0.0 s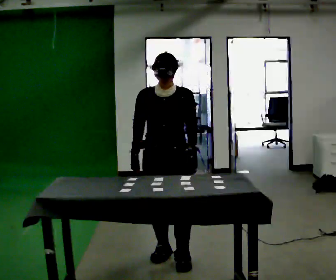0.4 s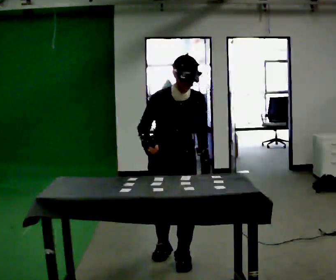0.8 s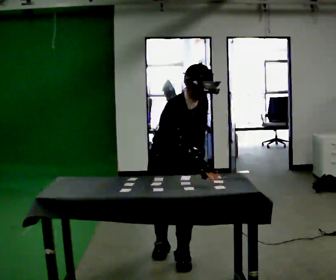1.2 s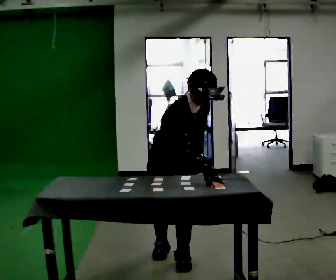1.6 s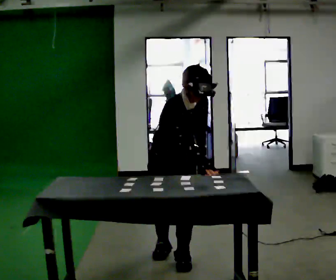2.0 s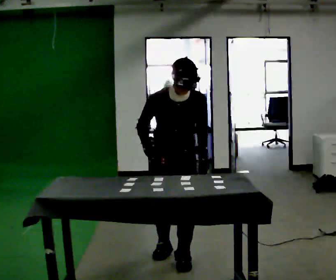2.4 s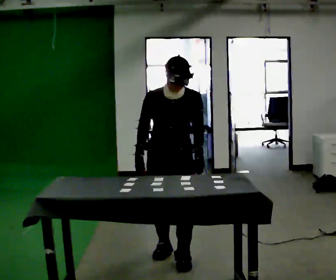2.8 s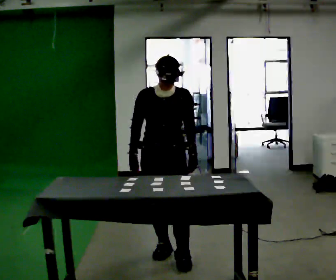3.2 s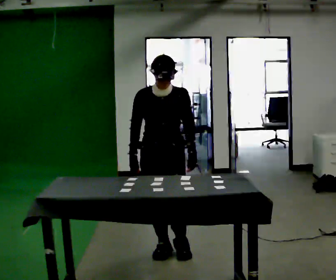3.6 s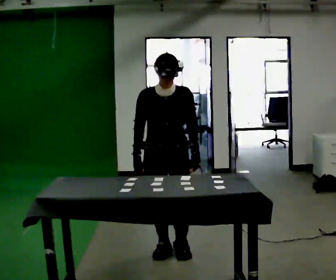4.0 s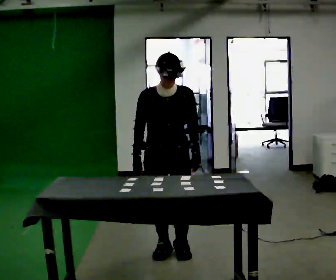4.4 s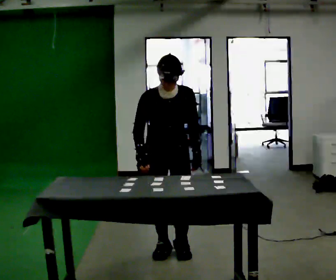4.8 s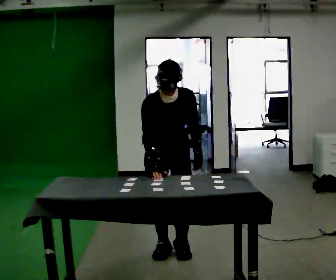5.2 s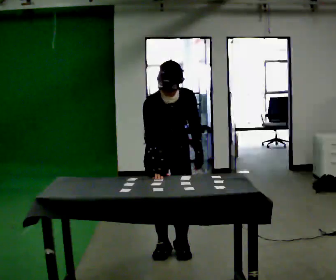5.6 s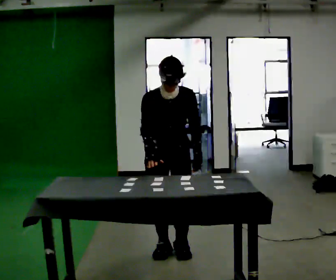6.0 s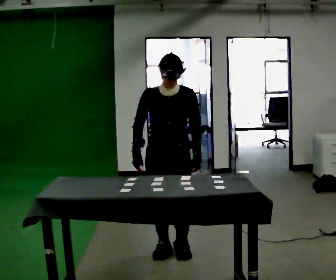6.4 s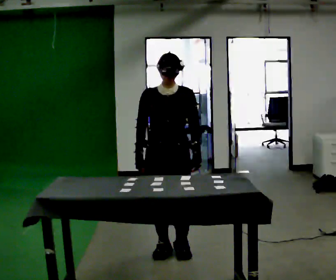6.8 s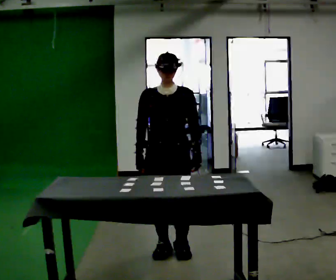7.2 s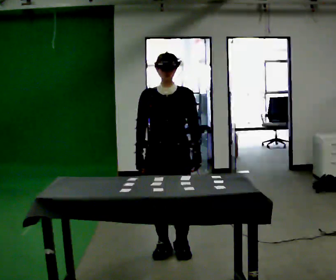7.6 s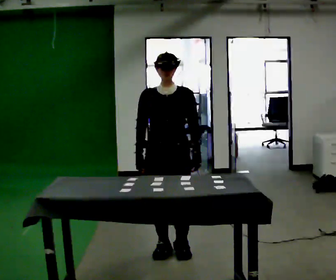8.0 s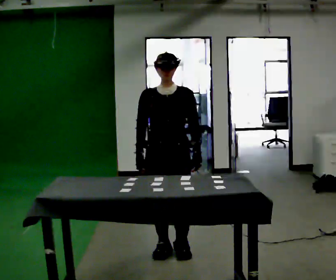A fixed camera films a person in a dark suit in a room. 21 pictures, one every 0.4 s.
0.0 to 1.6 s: The person turns about 30 degrees to their left, counterclockwise seen from above, so the part of the body nearest the lens slides to the right. The upper body tips toward the camera, its near side rolling downward, as they bend forward. In the picture their right hand goes to the right.
1.6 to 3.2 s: In the picture they go away from the camera, about 0.25 m in 1 step, which for them is backward. The upper body tips away from the camera, its near side rolling upward, as they lean back or straighten. In the picture their right hand goes to the left.
3.2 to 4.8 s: The upper body tips toward the camera, its near side rolling downward, as they bend forward.
4.8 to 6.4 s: The upper body tips away from the camera, its near side rolling upward, as they lean back or straighten.
6.4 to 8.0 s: The person keeps their place and pose.
The film runs backward here.
